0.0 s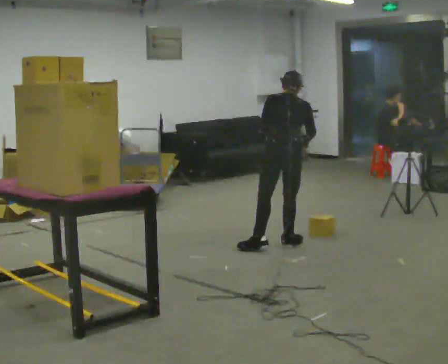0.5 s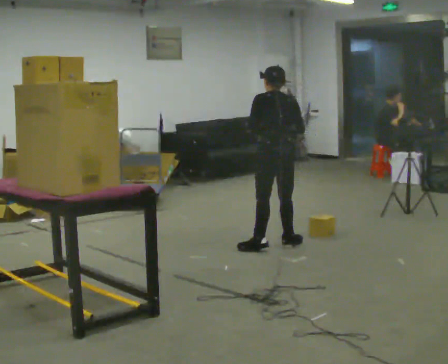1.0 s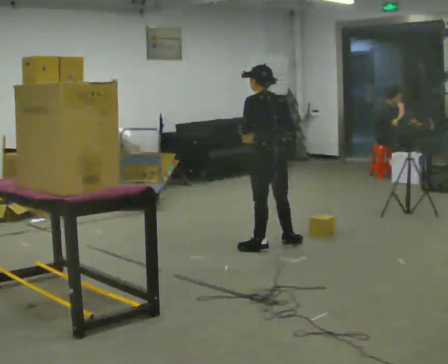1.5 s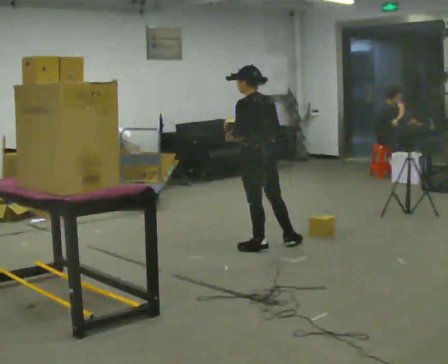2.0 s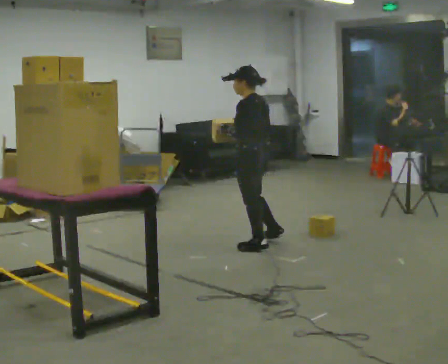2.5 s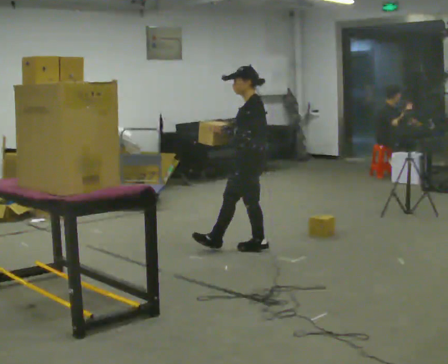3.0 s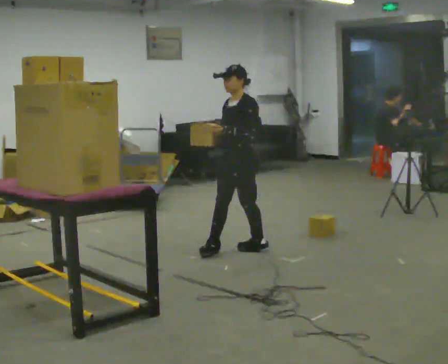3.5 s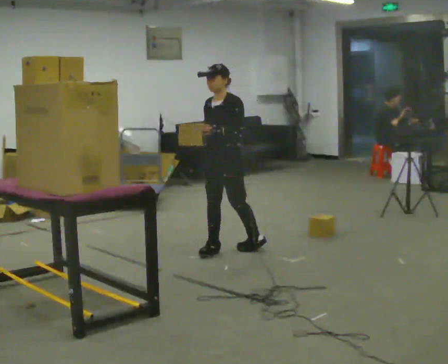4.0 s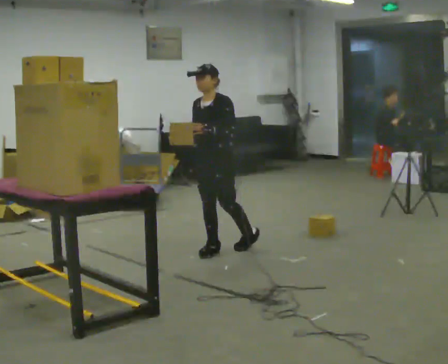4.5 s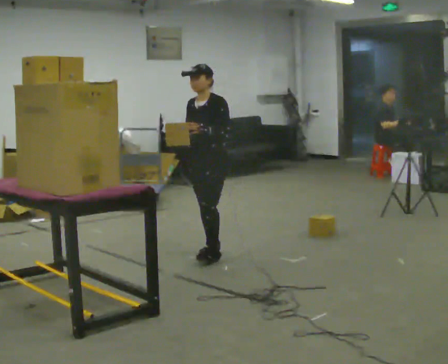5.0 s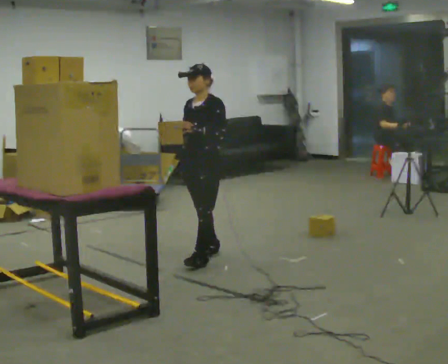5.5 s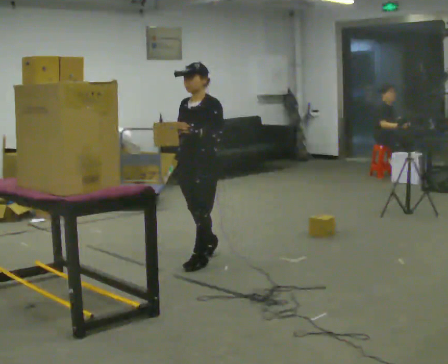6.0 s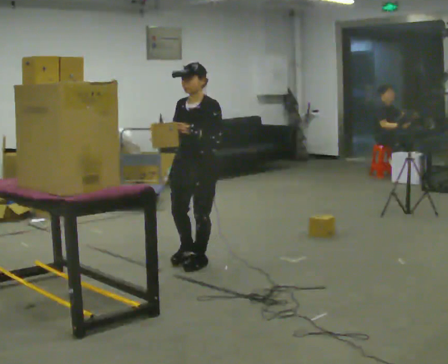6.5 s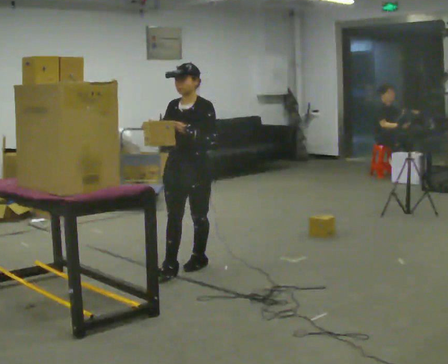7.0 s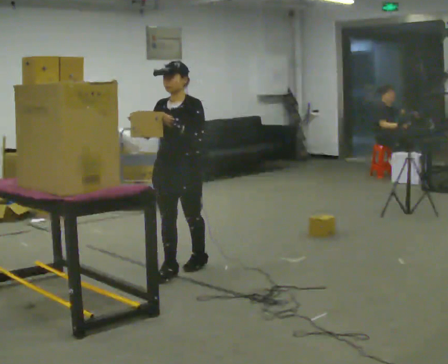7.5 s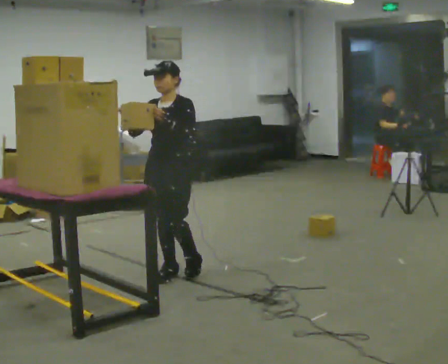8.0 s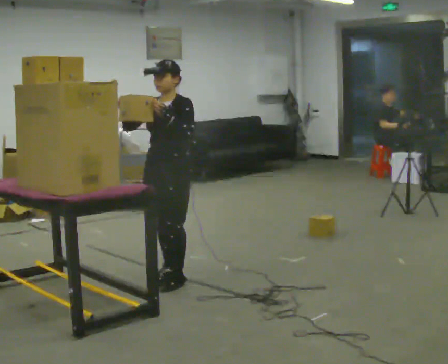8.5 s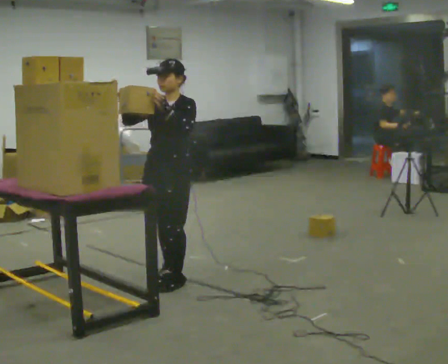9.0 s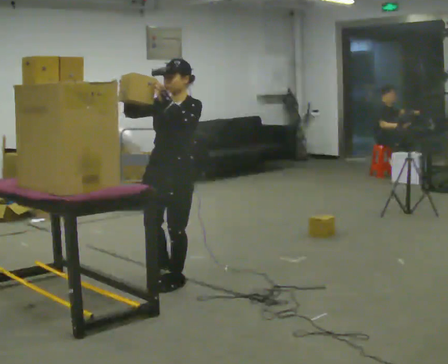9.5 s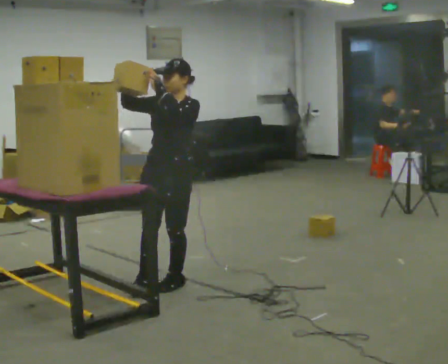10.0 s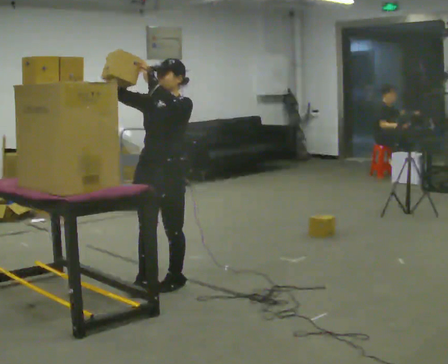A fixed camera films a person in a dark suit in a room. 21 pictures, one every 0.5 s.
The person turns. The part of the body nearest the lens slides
to the right.
The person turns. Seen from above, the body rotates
counterclockwise.
0.0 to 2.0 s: Seen from above the body turns counterclockwise, about 60 degrees: to their left, with its near side sliding to the right. In the picture they go to the left, about 0.25 m, which for them is to their left. The upper body tips toward the camera, its near side rolling downward, as they lean back or straighten. In the picture their right hand goes to the left.
2.0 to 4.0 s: Seen from above the body turns counterclockwise, about 75 degrees: to their left, with its near side sliding to the right. In the picture they go to the left, about 0.25 m in 1 step.
4.0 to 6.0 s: In the picture they go toward the camera, about 0.5 m in 1 step, which for them is forward and to their left.
6.0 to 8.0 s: In the picture they go toward the camera and to the left, about 0.25 m in 2 steps, which for them is forward.
8.0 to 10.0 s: In the picture they go toward the camera, about 0.25 m in 1 step, which for them is forward.
The film runs forward here.
